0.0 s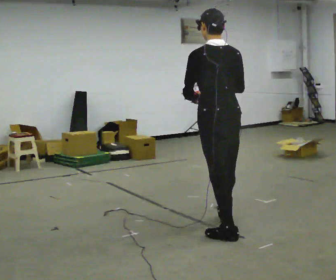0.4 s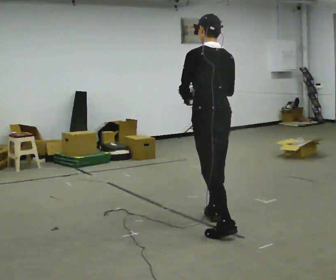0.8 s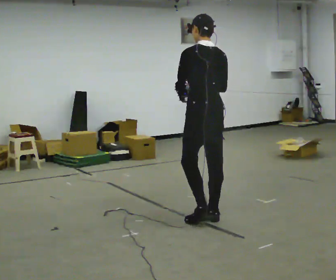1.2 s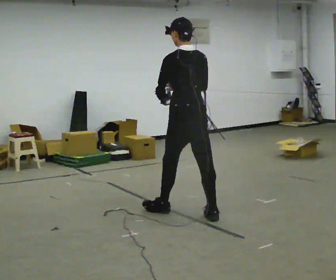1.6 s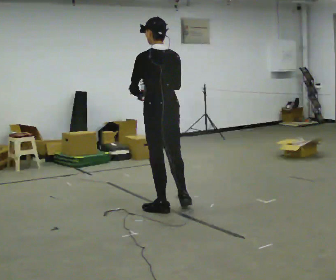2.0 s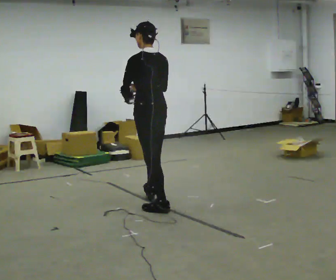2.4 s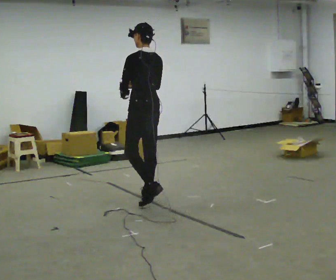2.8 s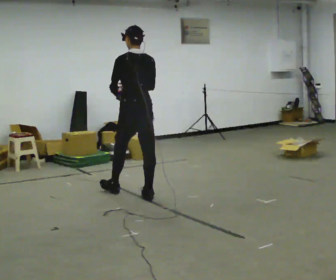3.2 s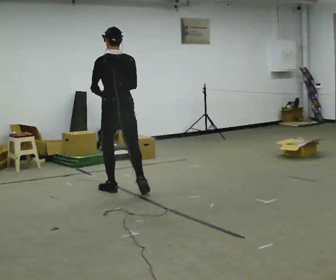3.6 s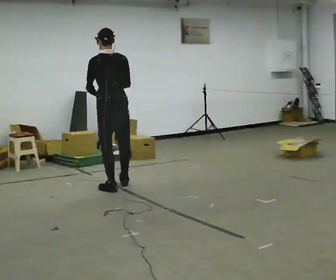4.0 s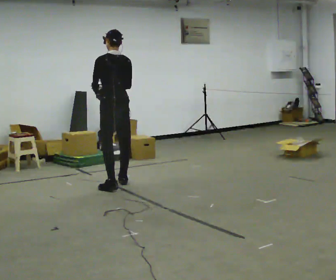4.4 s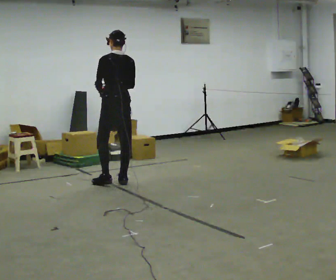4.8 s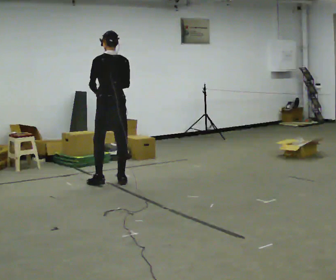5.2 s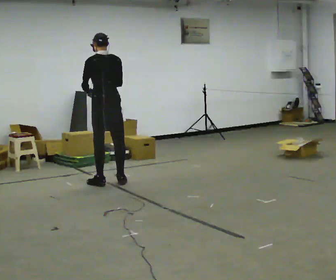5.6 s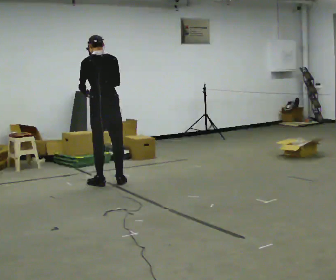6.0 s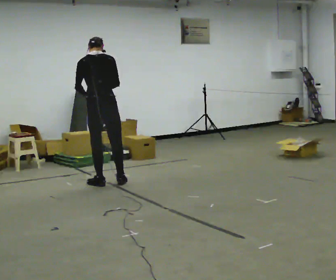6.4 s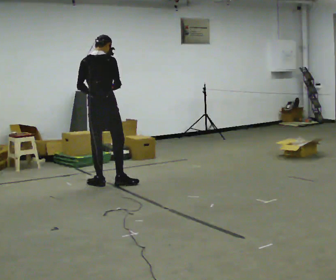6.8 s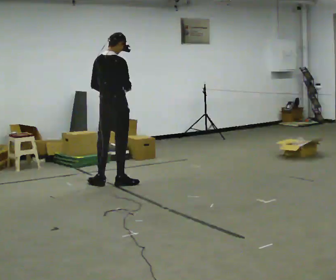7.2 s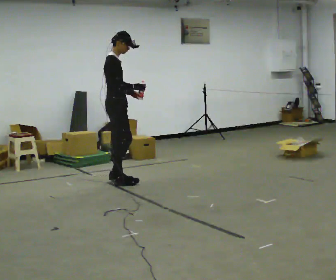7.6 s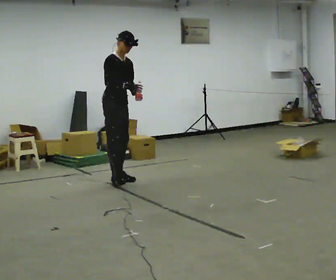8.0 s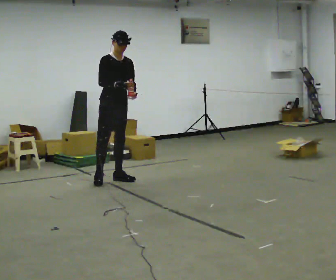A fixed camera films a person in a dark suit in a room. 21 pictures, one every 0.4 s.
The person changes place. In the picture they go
away from the camera.
0.0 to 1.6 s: In the picture they go away from the camera, about 1 m in 2 steps, which for them is forward.
1.6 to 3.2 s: In the picture they go away from the camera and to the left, about 1 m in 2 steps, which for them is forward.
3.2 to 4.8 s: In the picture they go away from the camera, about 0.5 m in 2 steps, which for them is forward and to their right.
4.8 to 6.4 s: Seen from above the body turns clockwise, about 45 degrees: to their right, with its near side sliding to the left. In the picture they go to the left, about 0.25 m, which for them is to their left.
6.4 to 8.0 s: The person turns about 135 degrees to their right, clockwise seen from above, so the part of the body nearest the lens slides to the left. In the picture they go away from the camera and to the right, about 0.25 m in 1 step.
The film runs forward here.
